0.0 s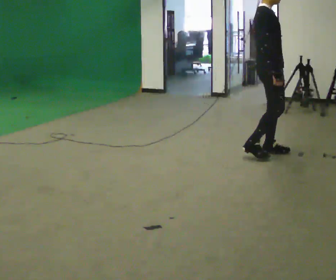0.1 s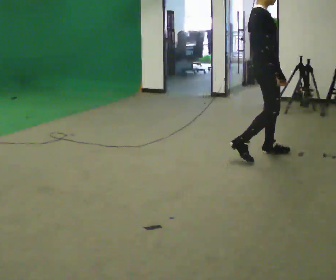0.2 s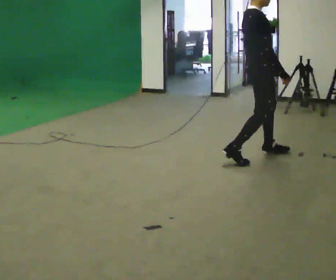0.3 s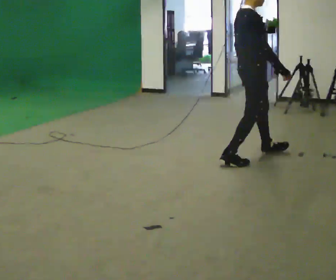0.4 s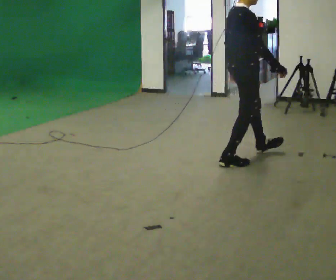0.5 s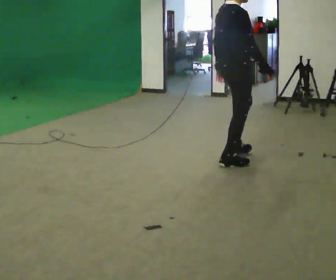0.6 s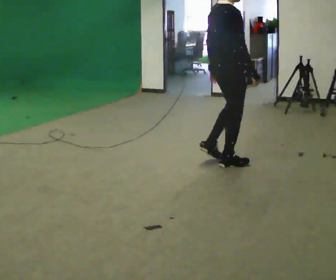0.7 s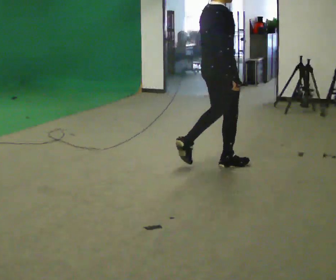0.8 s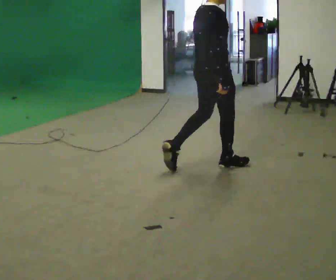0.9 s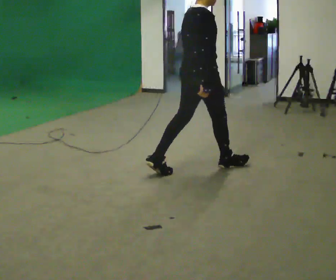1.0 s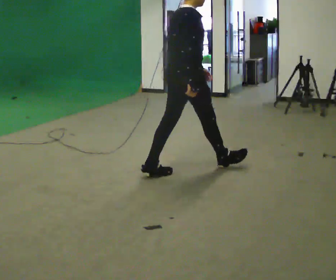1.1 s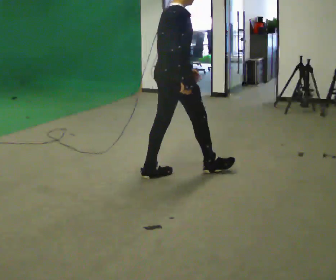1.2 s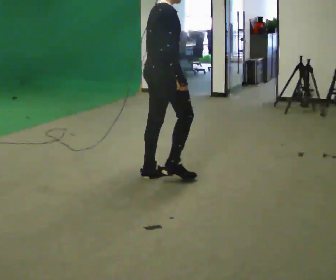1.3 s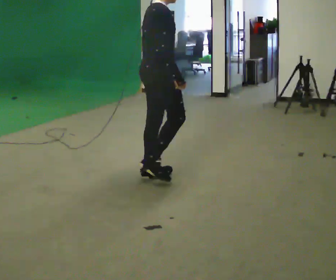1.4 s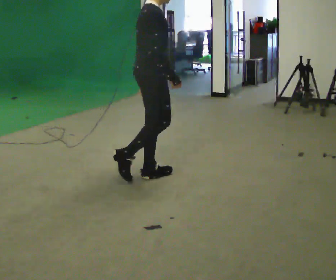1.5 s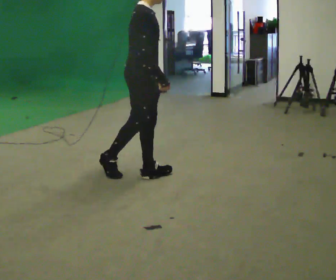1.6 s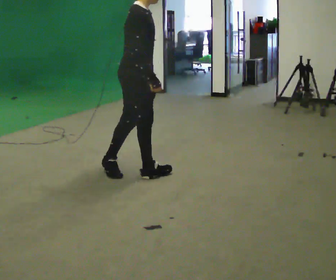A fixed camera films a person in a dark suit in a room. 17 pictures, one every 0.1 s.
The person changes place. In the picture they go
to the left.
0.0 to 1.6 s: In the picture they go to the left and toward the camera, about 1.5 m in 2 steps, which for them is backward.
The film runs backward here.
